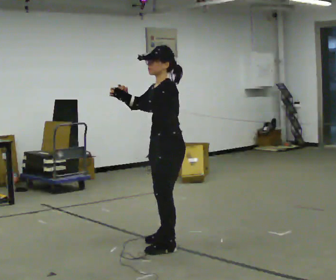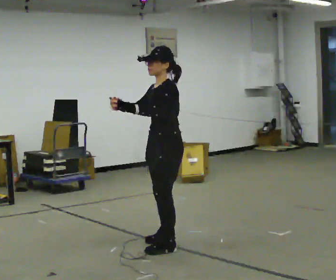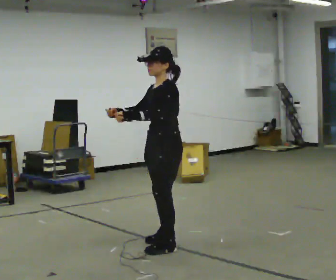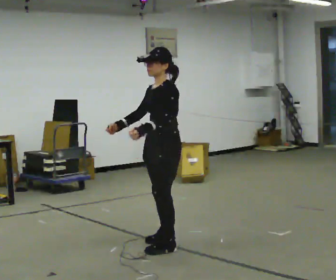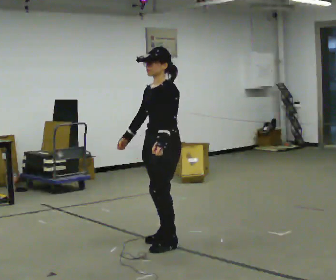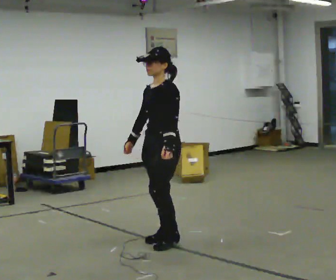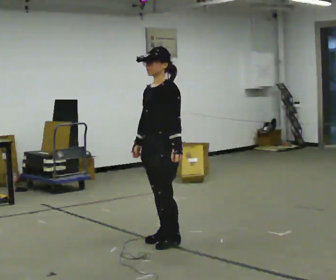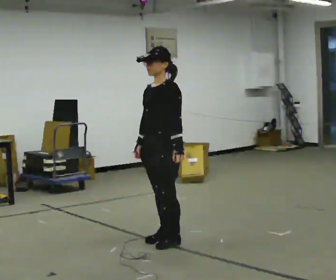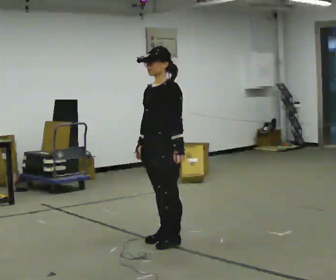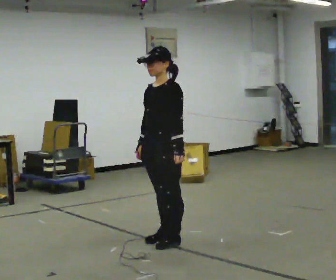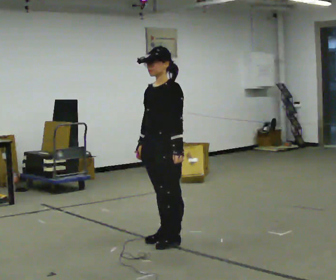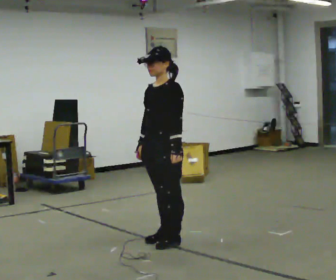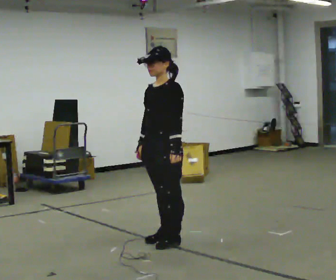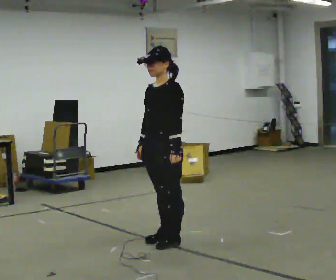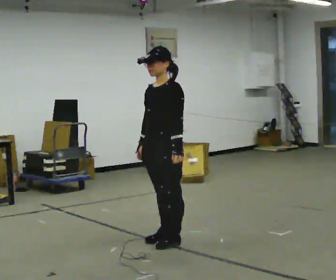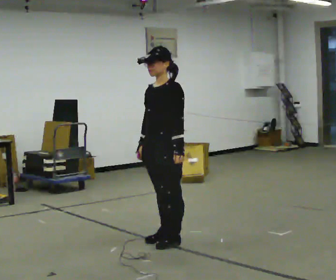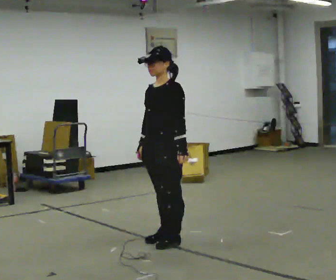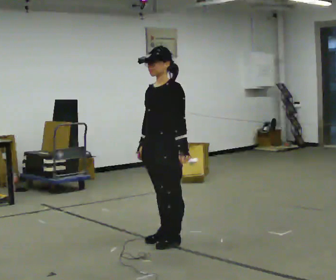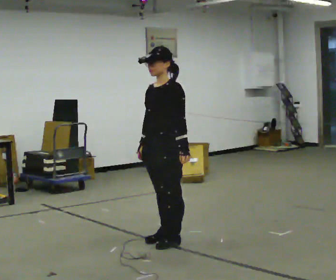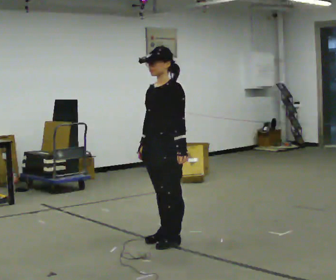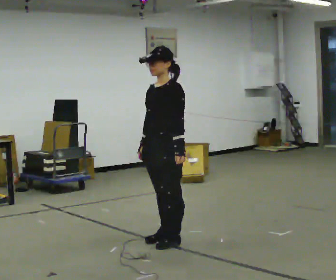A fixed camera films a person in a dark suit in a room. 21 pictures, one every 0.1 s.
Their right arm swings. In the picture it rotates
counterclockwise.
Their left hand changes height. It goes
downward.
0.0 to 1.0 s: In the picture their left hand goes downward and to the right, the arm swinging counterclockwise.
1.0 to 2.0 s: The person moves a little, or ends about where they began.
The film runs backward here.
